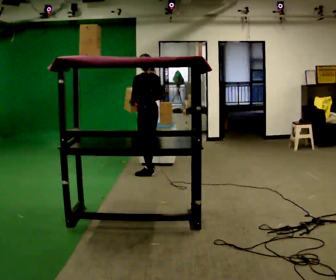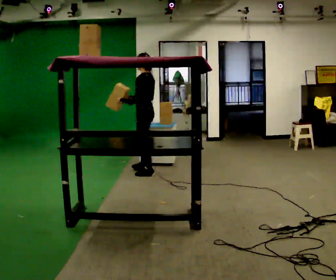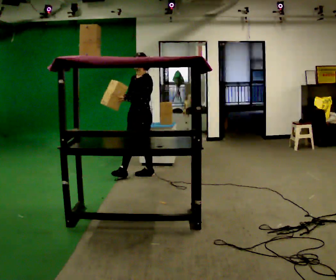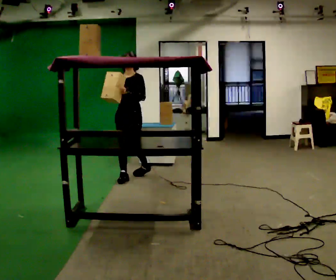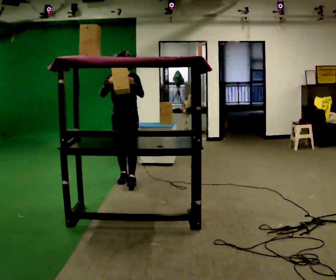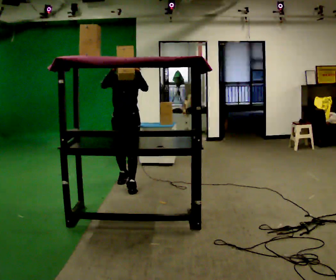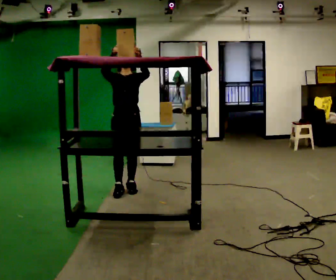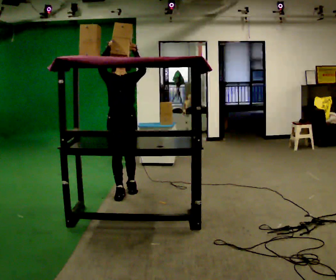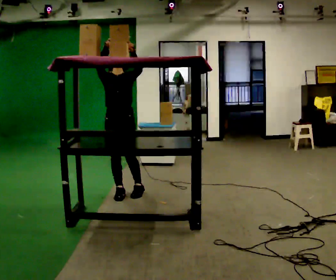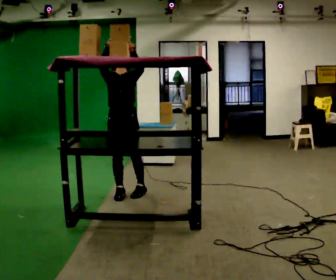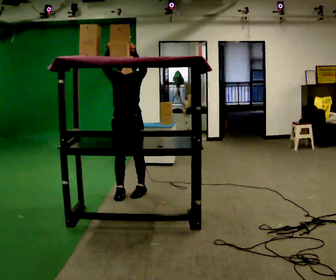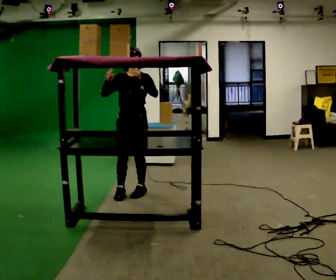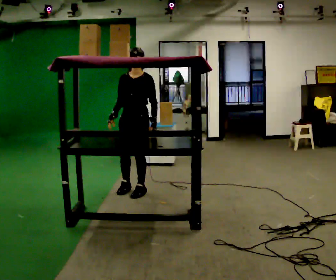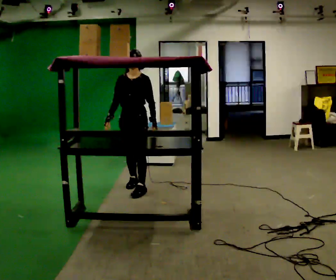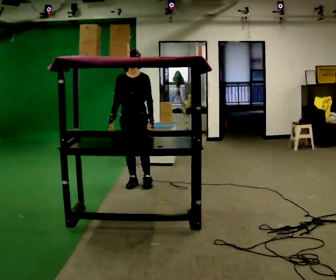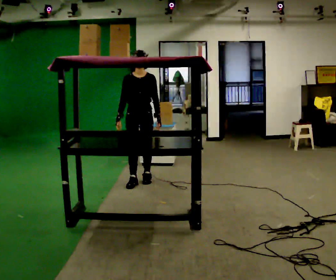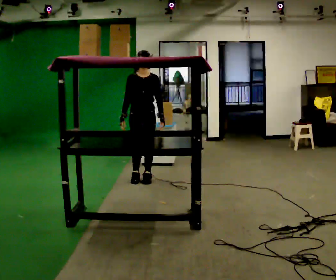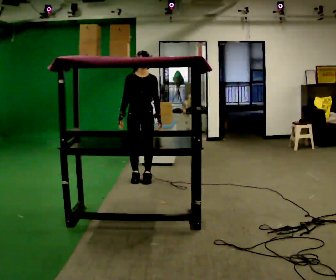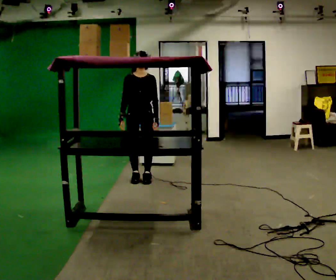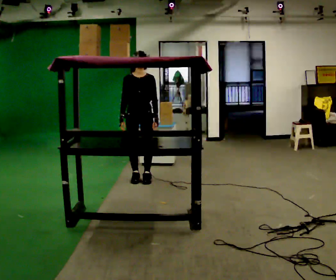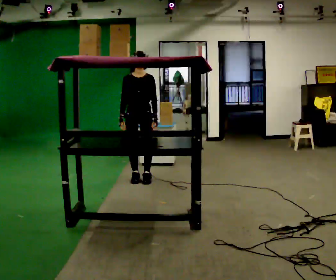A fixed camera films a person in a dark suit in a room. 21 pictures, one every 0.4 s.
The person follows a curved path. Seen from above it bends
counterclockwise.
0.0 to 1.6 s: The person turns about 135 degrees to their left, counterclockwise seen from above, so the part of the body nearest the lens slides to the right. In the picture they go toward the camera and to the left, about 0.5 m in 1 step.
1.6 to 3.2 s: In the picture they go toward the camera, about 0.5 m in 2 steps, which for them is forward. In the picture their right hand goes upward.
3.2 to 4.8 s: In the picture they go to the right, about 0.25 m in 1 step, which for them is backward and to their left. In the picture their right hand goes downward.
4.8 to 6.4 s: In the picture they go away from the camera, about 0.5 m in 3 steps, which for them is backward.
6.4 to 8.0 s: The person moves a little, or ends about where they began.
The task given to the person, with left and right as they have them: Reach up into the bin on the top shelf, take out one object at a time, and carry it to the table. Keep going until the operator says stop; one object at a time, and do not rush between trips.
The film runs forward here.
